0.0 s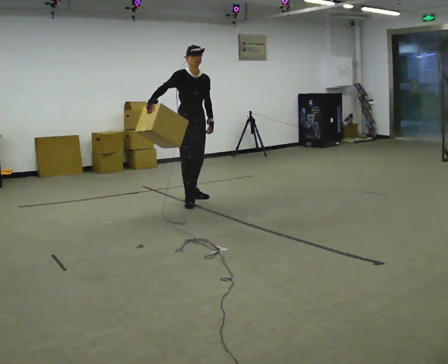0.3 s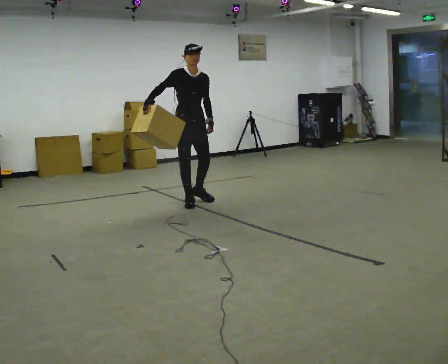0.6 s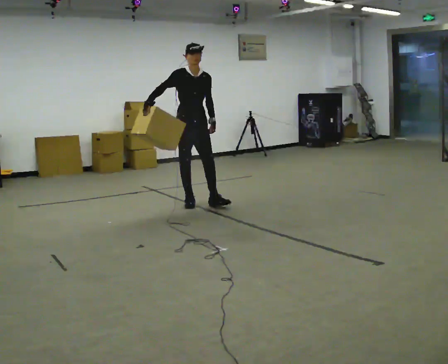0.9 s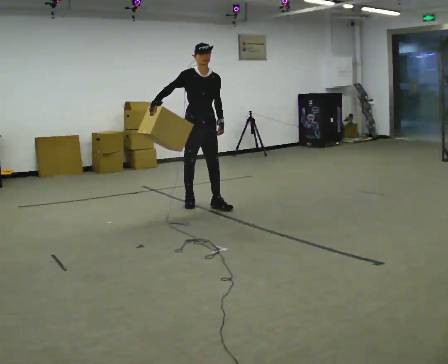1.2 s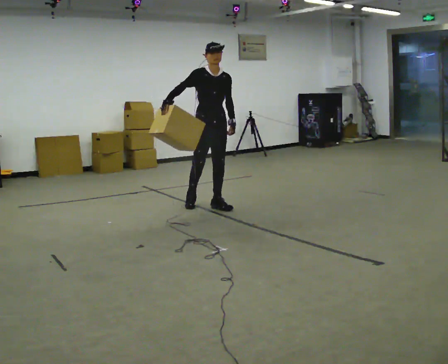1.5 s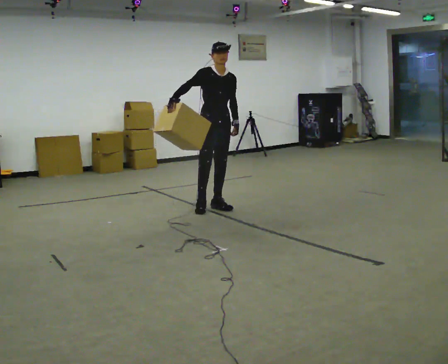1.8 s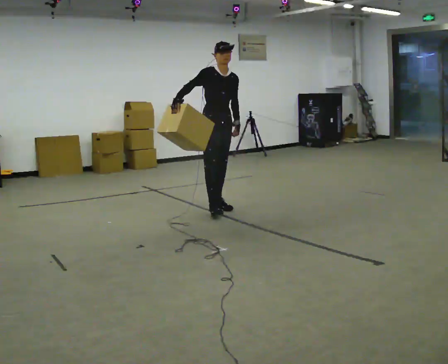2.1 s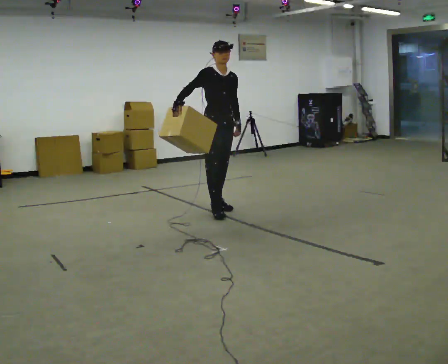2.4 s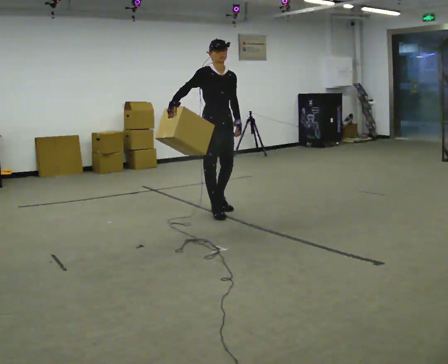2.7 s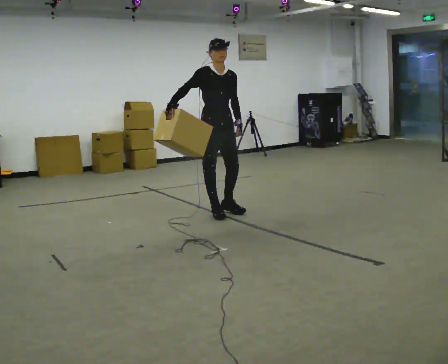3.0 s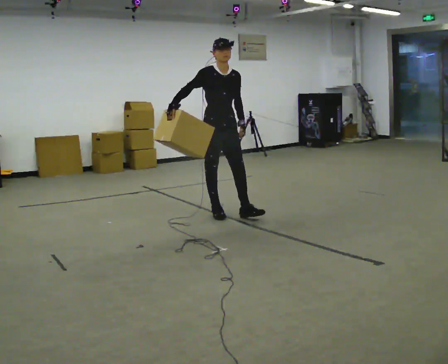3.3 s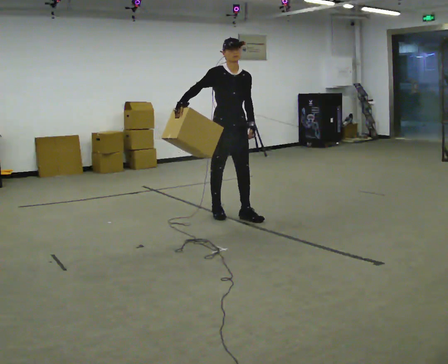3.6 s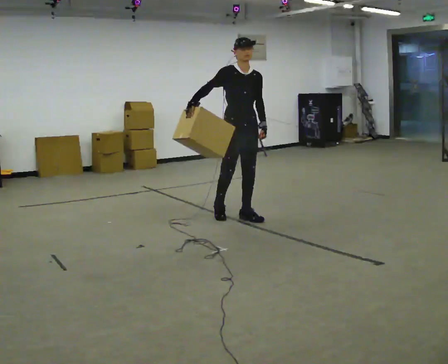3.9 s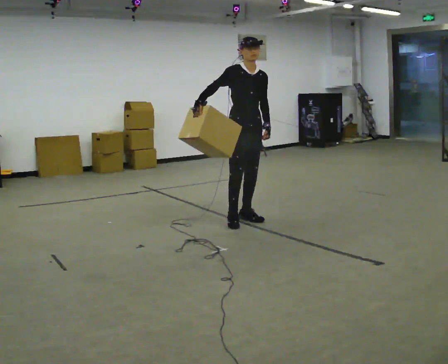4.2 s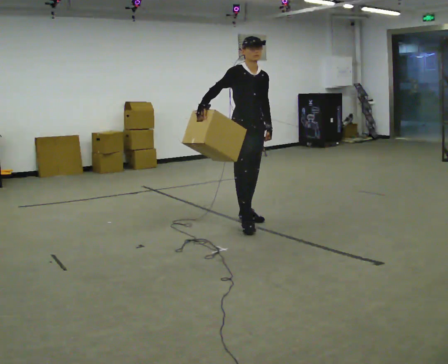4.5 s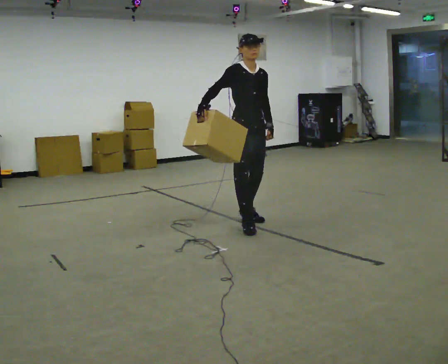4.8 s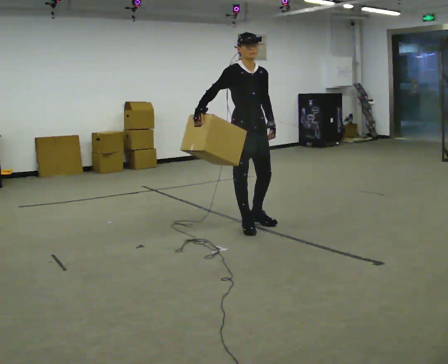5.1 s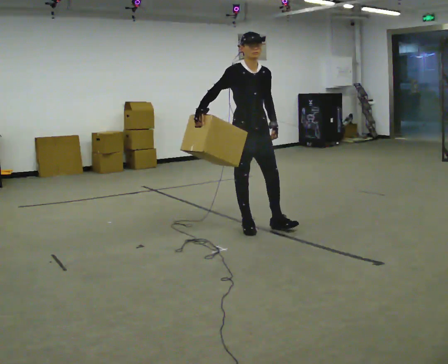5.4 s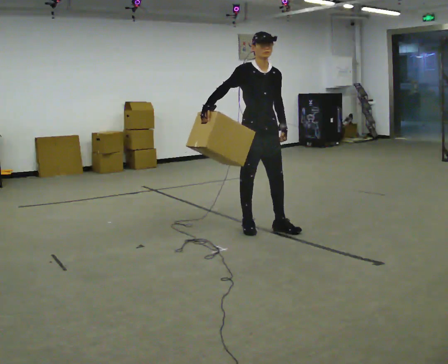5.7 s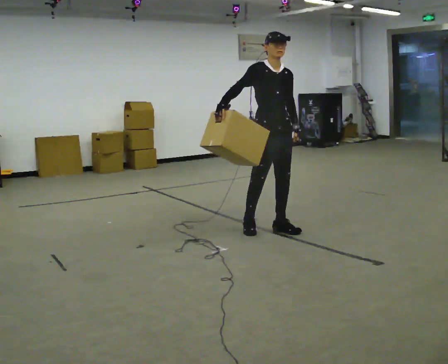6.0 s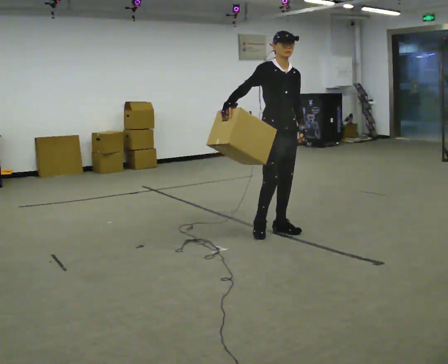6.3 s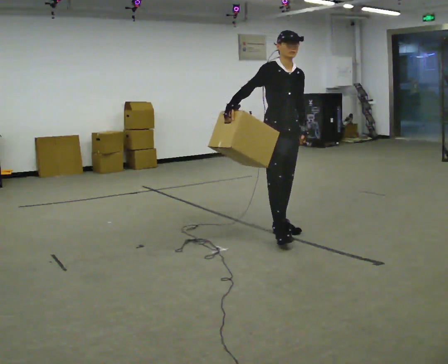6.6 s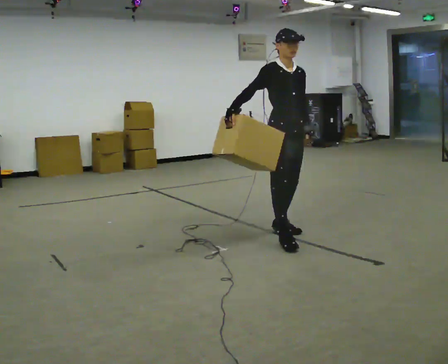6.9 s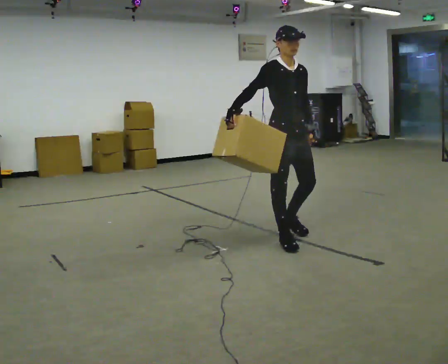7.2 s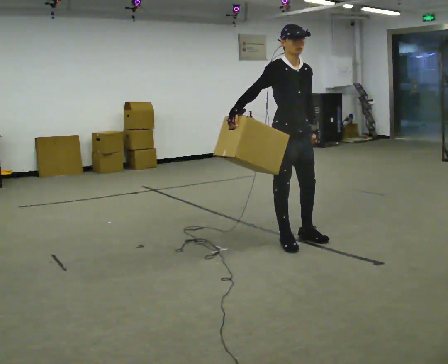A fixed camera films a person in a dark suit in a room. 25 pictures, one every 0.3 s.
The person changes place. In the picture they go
toward the camera.
0.0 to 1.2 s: In the picture they go to the right and toward the camera, about 0.25 m in 1 step, which for them is forward.
1.2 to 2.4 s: In the picture they go toward the camera, about 0.25 m in 1 step, which for them is forward.
2.4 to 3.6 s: In the picture they go to the right and toward the camera, about 0.25 m in 1 step, which for them is forward and to their left.
3.6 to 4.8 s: In the picture they go toward the camera, about 0.25 m in 1 step, which for them is forward and to their right.
4.8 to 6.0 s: In the picture they go to the right and toward the camera, about 0.25 m in 1 step, which for them is forward and to their left.
6.0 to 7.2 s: In the picture they go toward the camera, about 0.25 m in 2 steps, which for them is forward and to their right.
The film runs forward here.
